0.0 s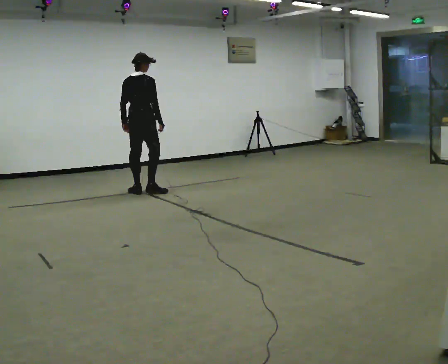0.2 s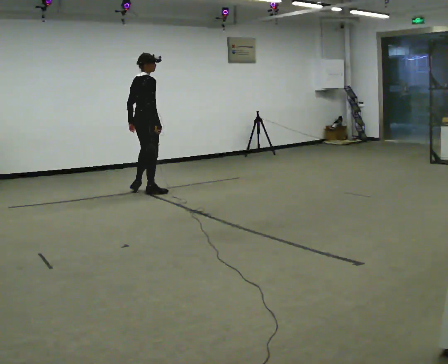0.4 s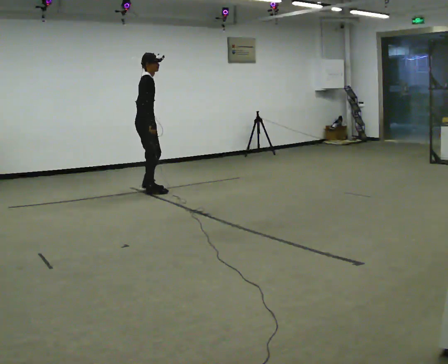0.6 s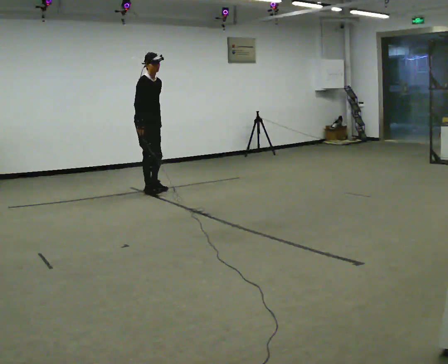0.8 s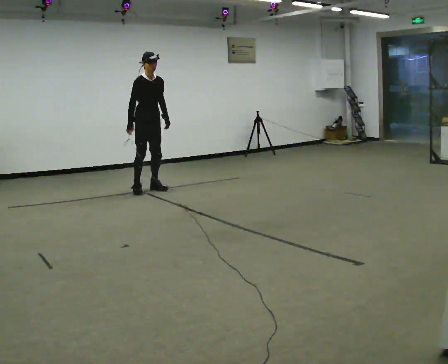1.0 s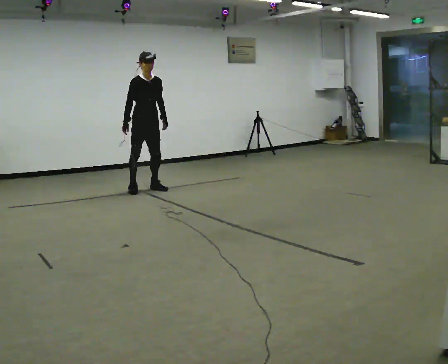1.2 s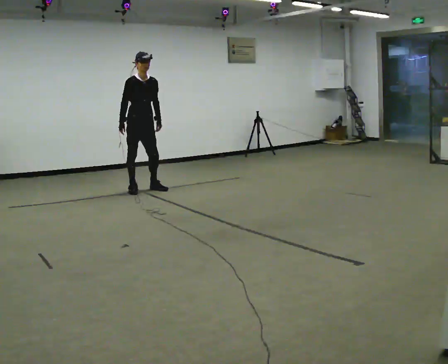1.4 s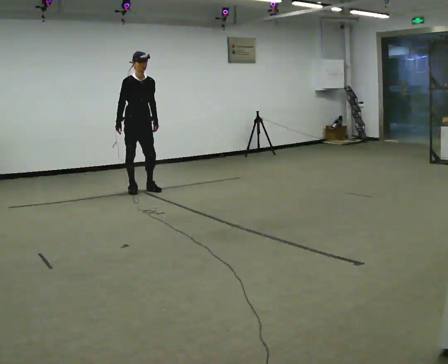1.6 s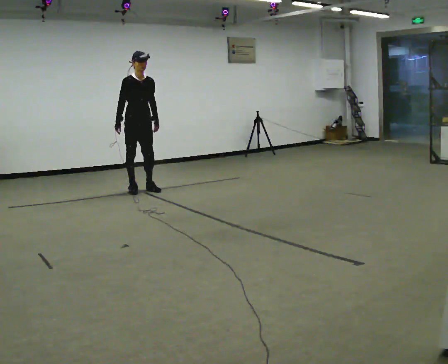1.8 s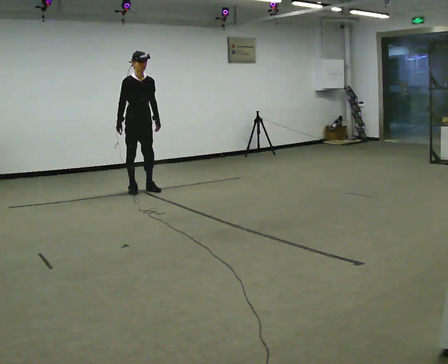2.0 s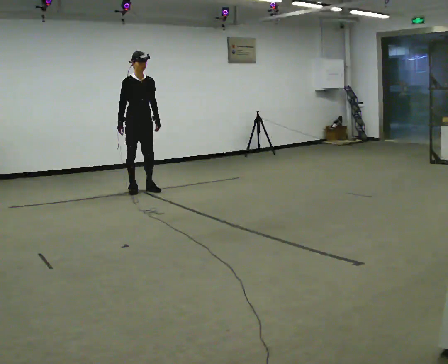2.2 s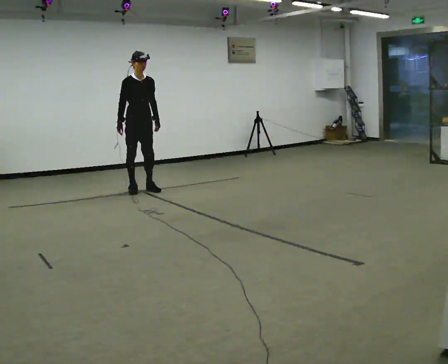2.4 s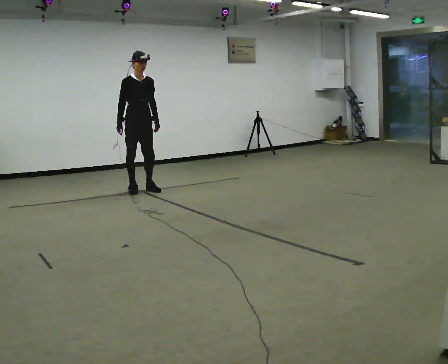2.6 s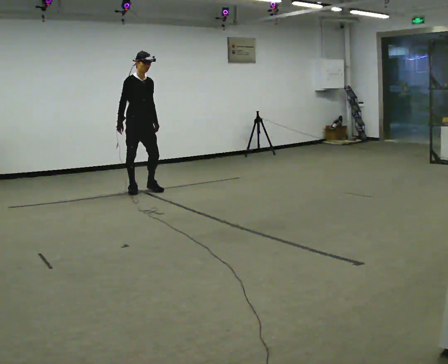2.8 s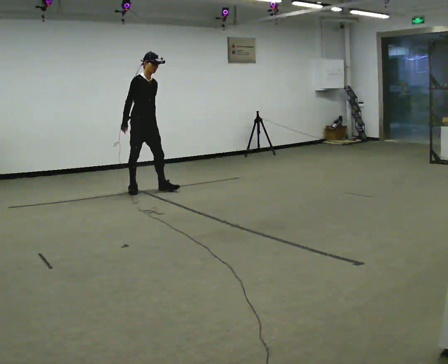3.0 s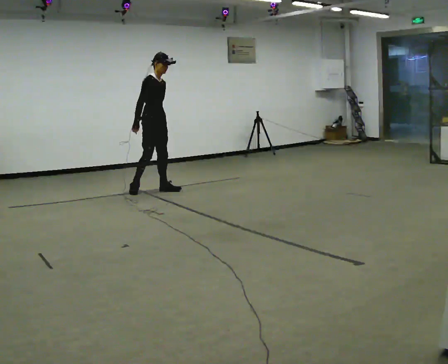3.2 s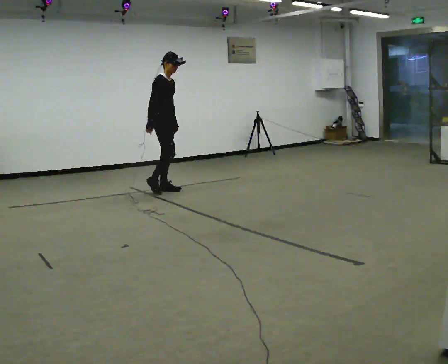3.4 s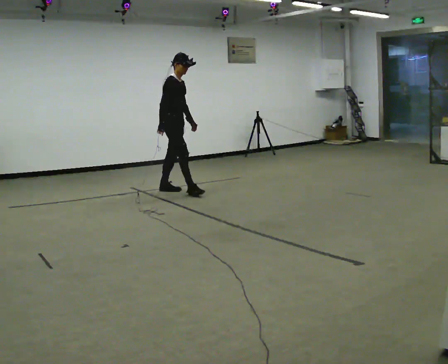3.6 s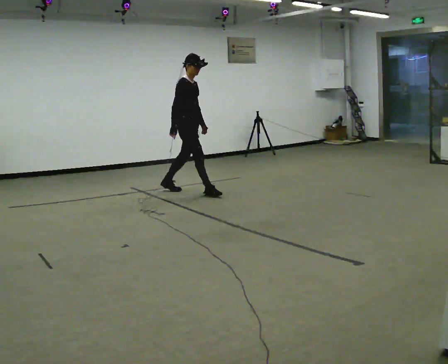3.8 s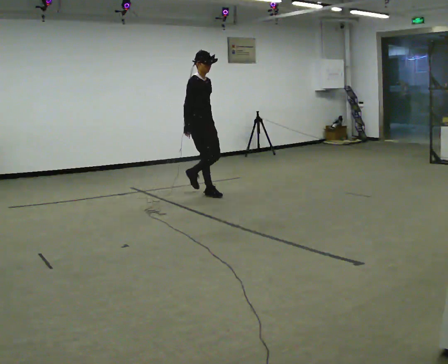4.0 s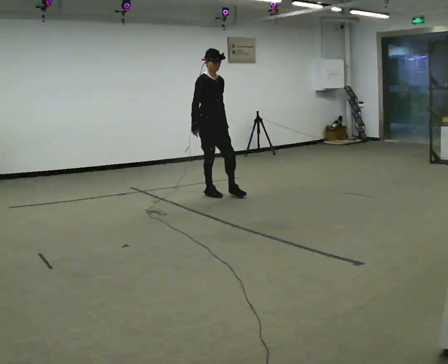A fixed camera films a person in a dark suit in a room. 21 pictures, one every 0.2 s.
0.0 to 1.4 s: The part of the body nearest the lens slides to the left as the person turns to their right by about 135 degrees. In the picture their right hand goes to the left, the arm swinging clockwise.
1.4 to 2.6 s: The person moves a little, or ends about where they began.
2.6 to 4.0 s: In the picture they go to the right and toward the camera, about 1 m in 2 steps, which for them is forward.
The film runs forward here.
